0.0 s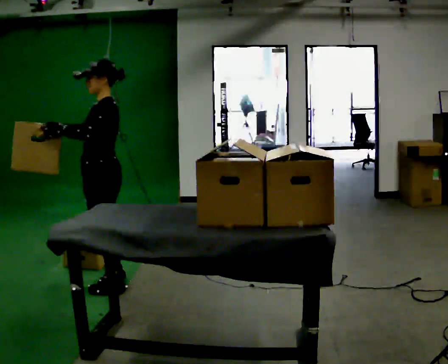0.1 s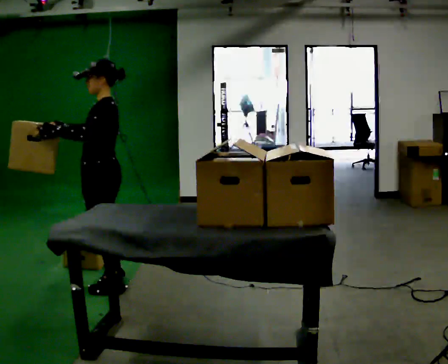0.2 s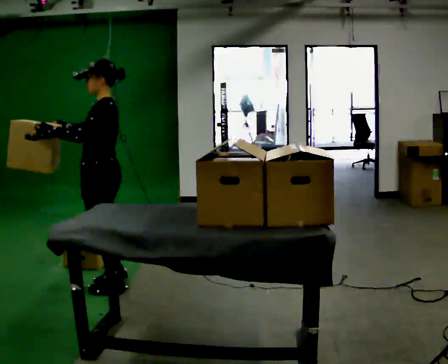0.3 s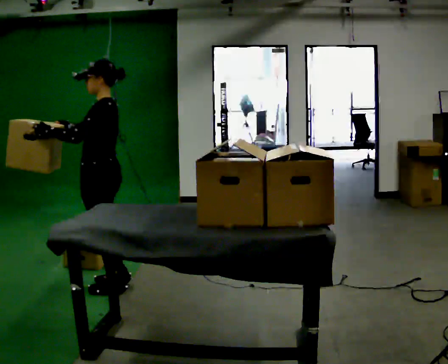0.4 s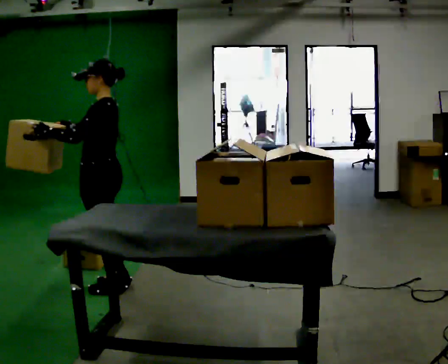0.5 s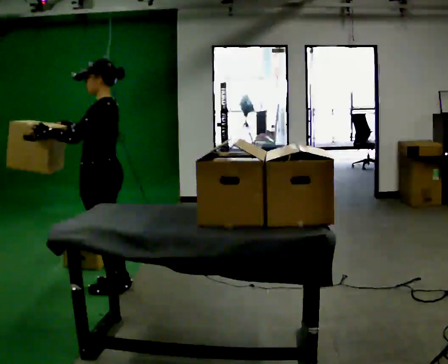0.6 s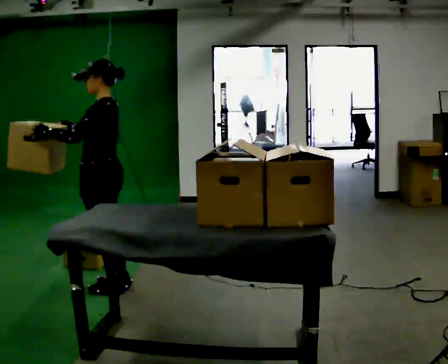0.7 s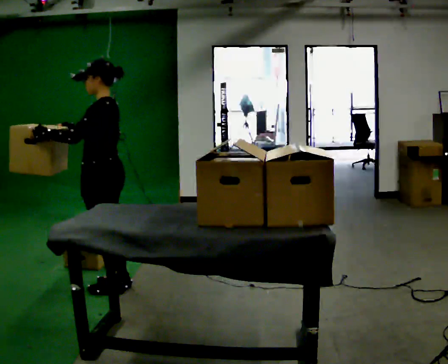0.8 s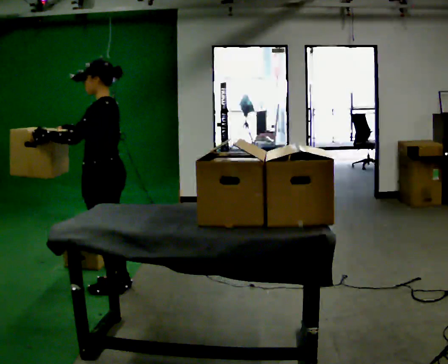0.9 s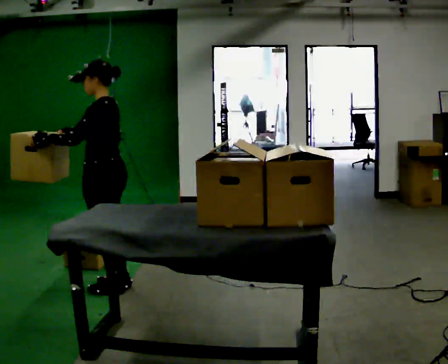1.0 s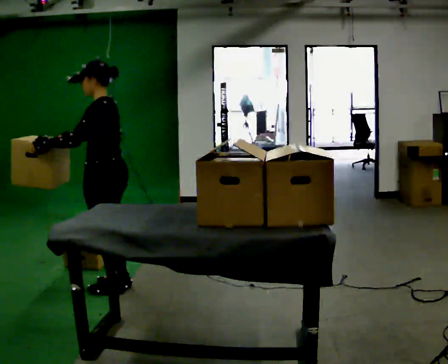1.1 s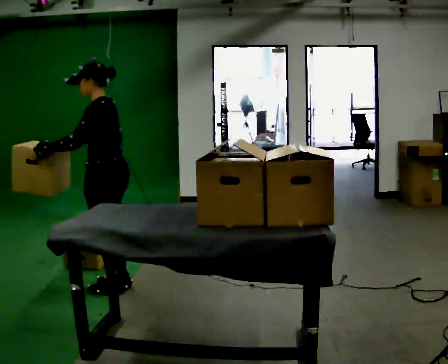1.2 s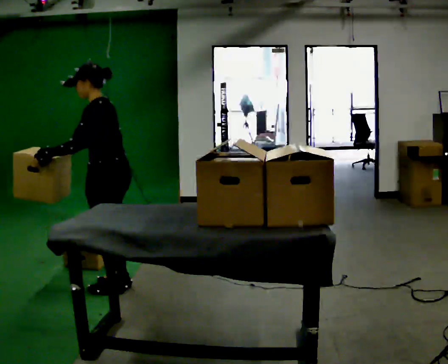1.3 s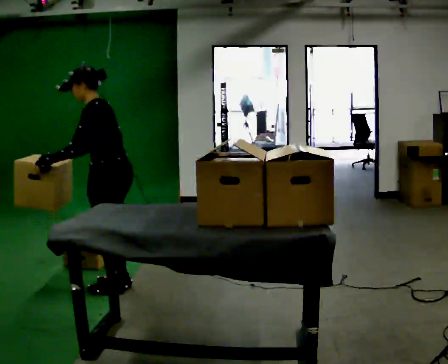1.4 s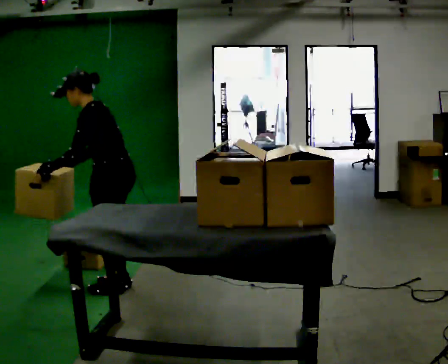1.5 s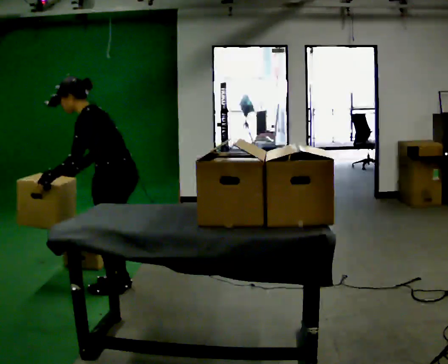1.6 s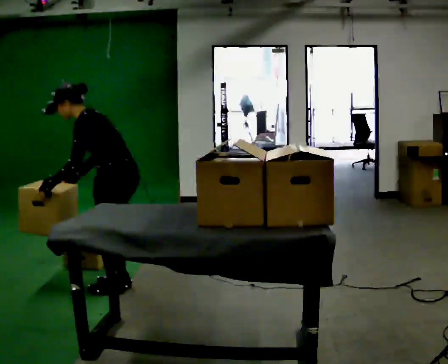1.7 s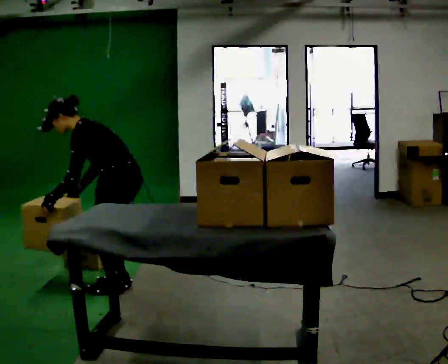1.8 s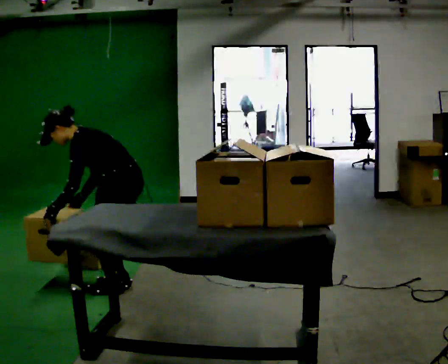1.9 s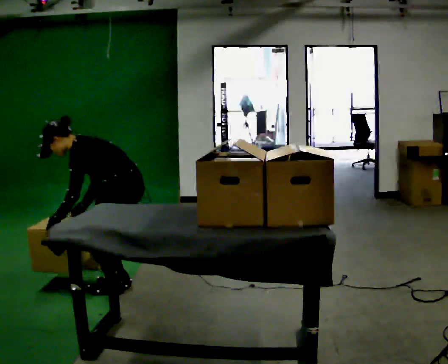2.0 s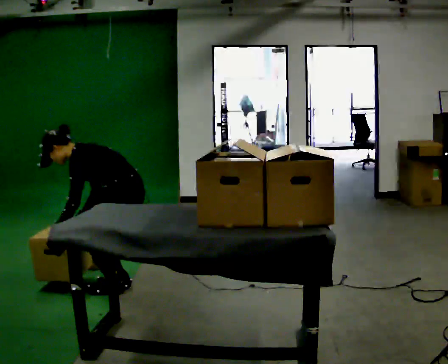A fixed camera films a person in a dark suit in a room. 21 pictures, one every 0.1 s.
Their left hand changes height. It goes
downward.
Their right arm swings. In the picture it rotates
counterclockwise.
0.0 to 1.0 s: The person moves a little, or ends about where they began.
1.0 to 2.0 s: The upper body goes downward. In the picture the upper body tilts counterclockwise, shoulders to the left, as they bend forward. In the picture their right hand goes downward, the arm swinging counterclockwise.
The film runs backward here.
